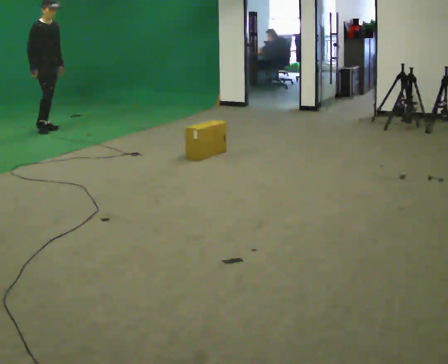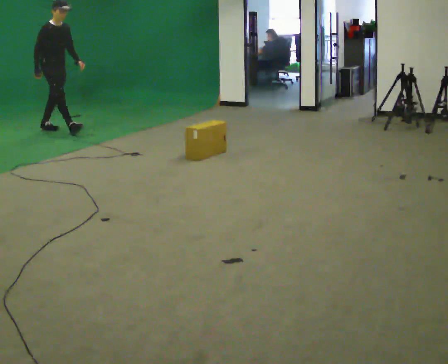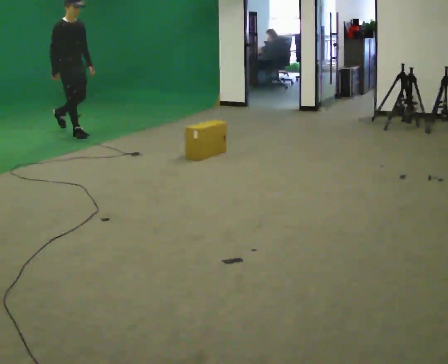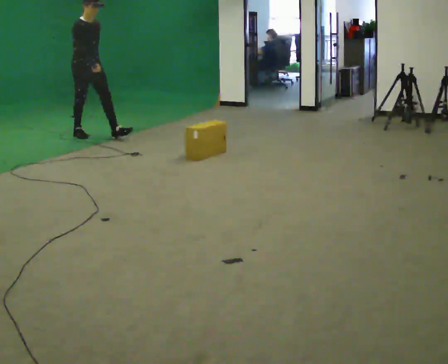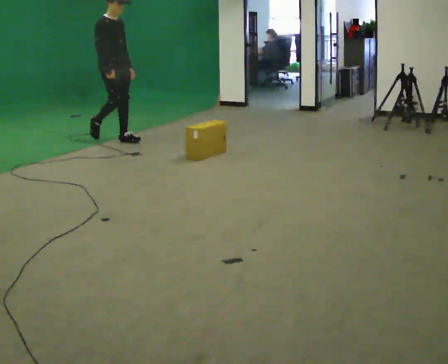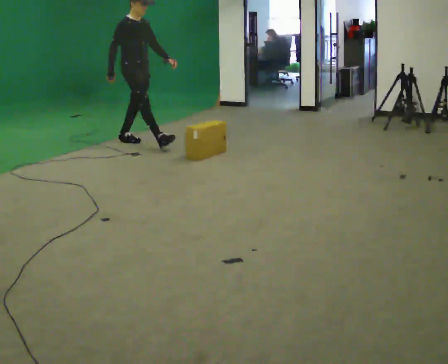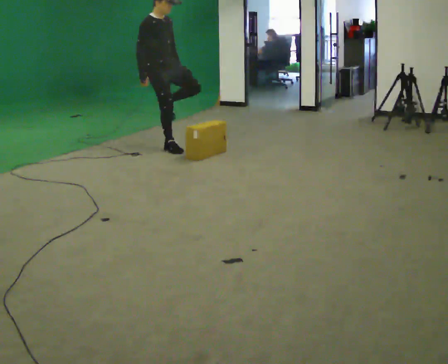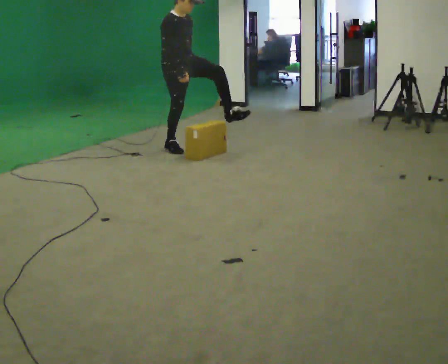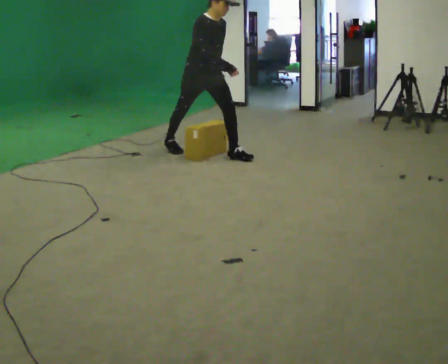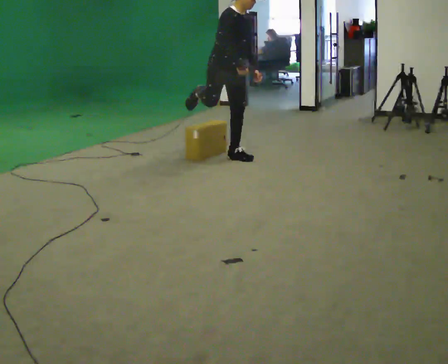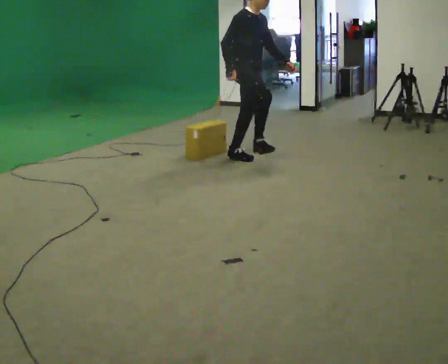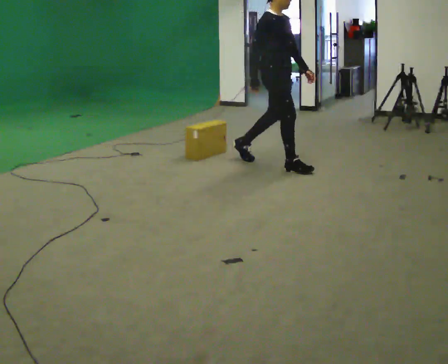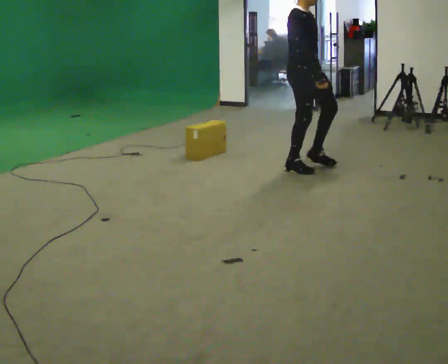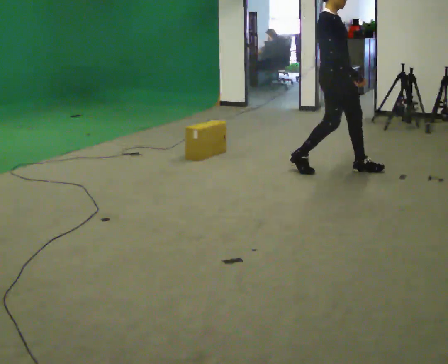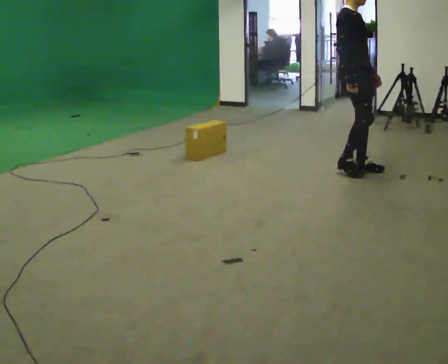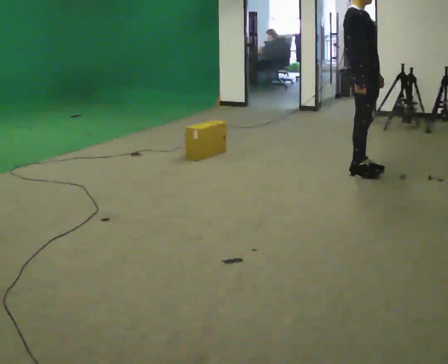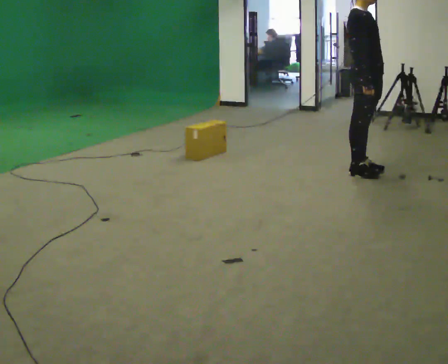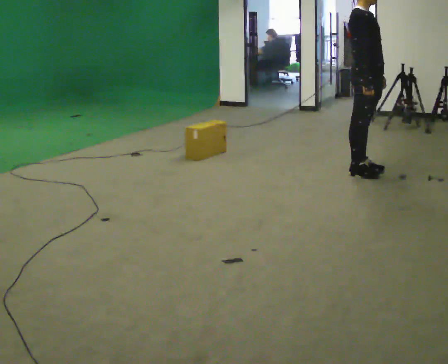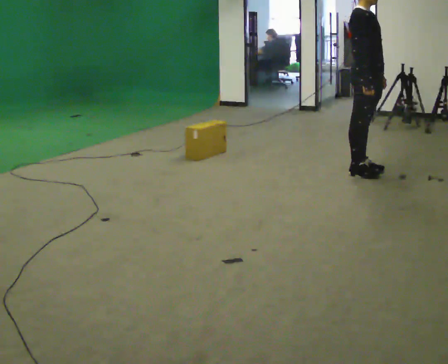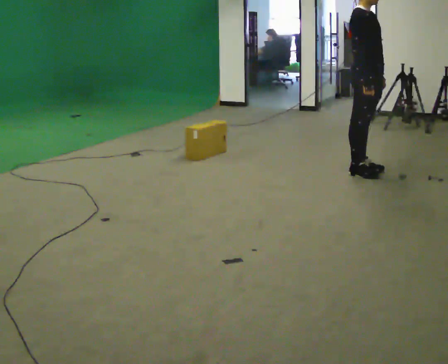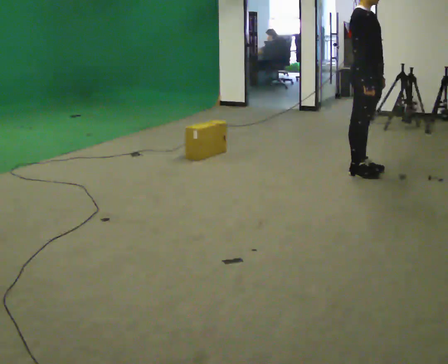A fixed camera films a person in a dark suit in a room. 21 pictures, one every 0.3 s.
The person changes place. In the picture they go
to the right.
0.0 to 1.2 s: In the picture they go to the right and toward the camera, about 1 m in 2 steps, which for them is forward.
1.2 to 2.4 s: The person turns about 30 degrees to their right, clockwise seen from above, so the part of the body nearest the lens slides to the left. In the picture they go to the right and toward the camera, about 1 m in 2 steps, which for them is forward.
2.4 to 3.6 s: Seen from above the body turns counterclockwise, about 30 degrees: to their left, with its near side sliding to the right. In the picture they go to the right and toward the camera, about 1 m in 1 step, which for them is forward. In the picture the upper body tilts counterclockwise, shoulders to the left.
3.6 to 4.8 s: In the picture they go to the right, about 0.5 m in 2 steps, which for them is forward.
4.8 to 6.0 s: The person moves a little, or ends about where they began.
The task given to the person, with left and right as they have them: Walk toward low obstacle; step over without stopping; continue.
The film runs forward here.
